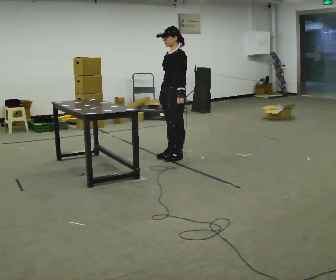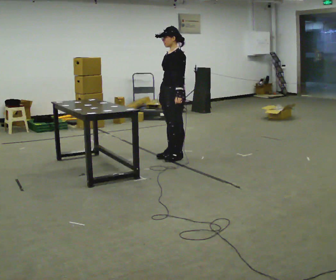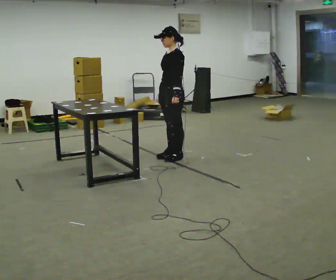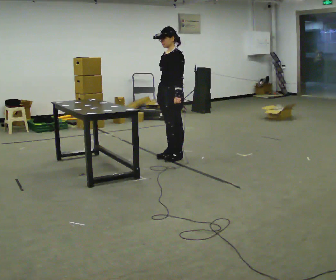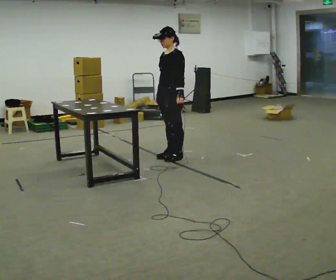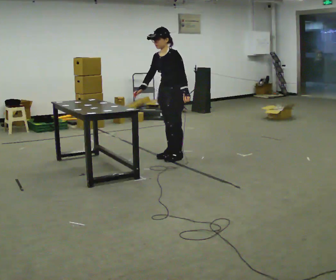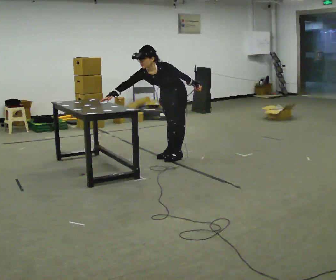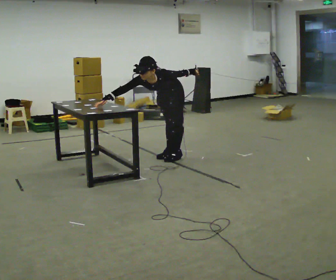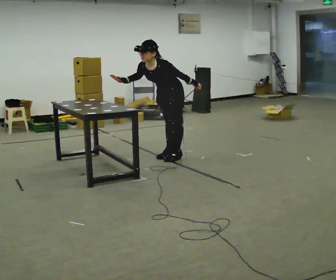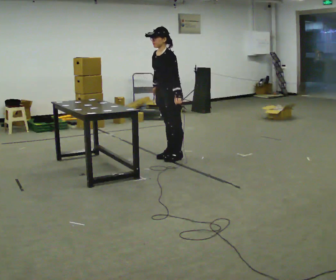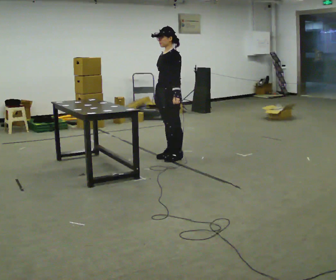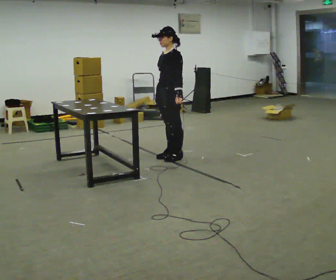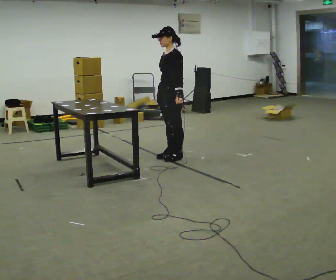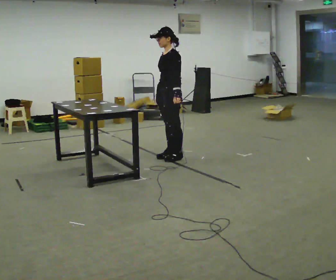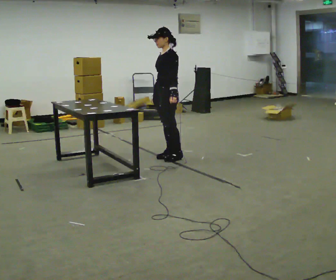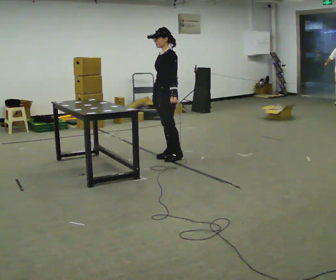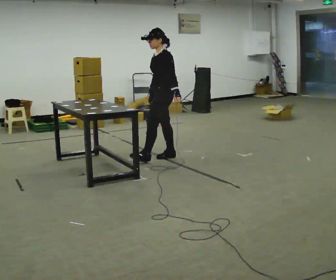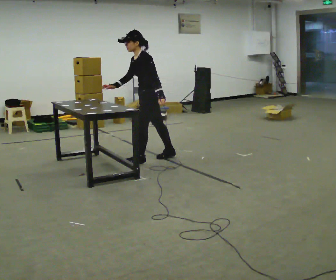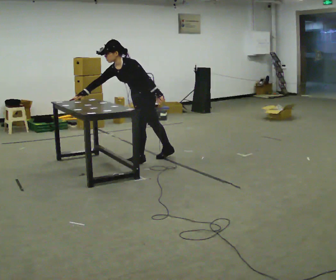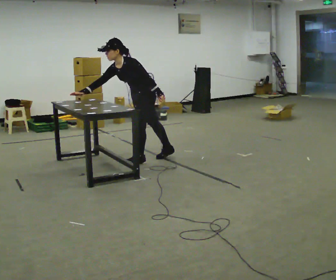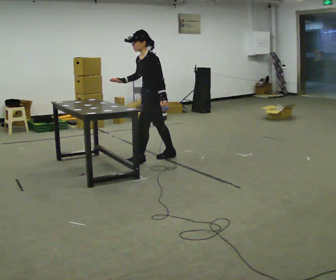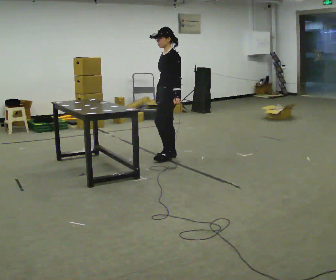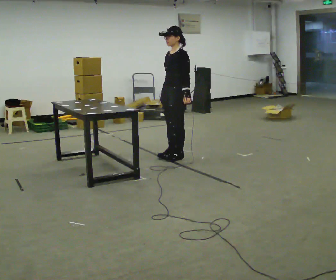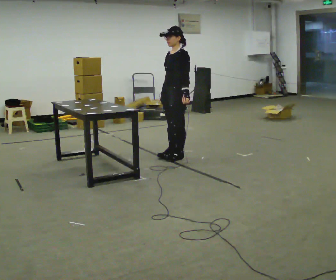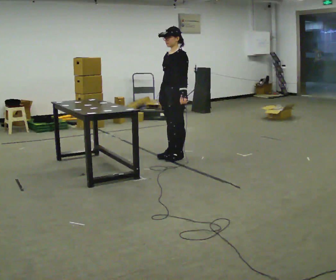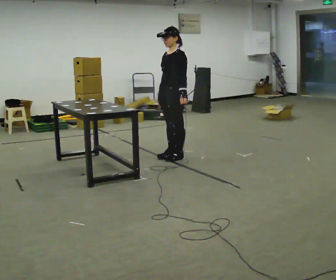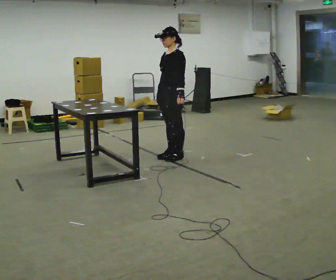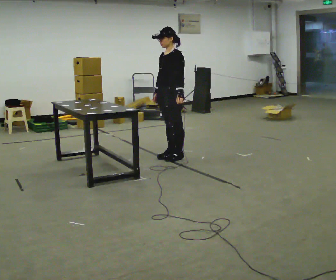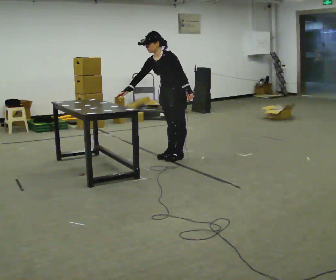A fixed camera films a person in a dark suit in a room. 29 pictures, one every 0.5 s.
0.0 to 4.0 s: The person moves a little, or ends about where they began.
4.0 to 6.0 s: The upper body tips away from the camera, its near side rolling upward, as they lean back or straighten.
6.0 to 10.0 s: In the picture they go to the left, about 0.25 m in 1 step, which for them is forward. In the picture their right hand goes to the left.
10.0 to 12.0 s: In the picture they go to the right, about 0.25 m in 1 step, which for them is backward. In the picture the upper body tilts clockwise, shoulders to the right, as they lean back or straighten. In the picture their right hand goes to the right.
12.0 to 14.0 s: In the picture the upper body tilts counterclockwise, shoulders to the left, as they bend forward. In the picture their right hand goes to the left.
The film runs forward here.
